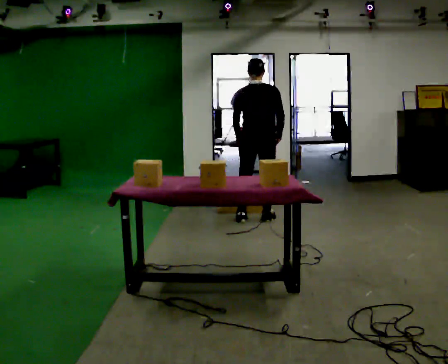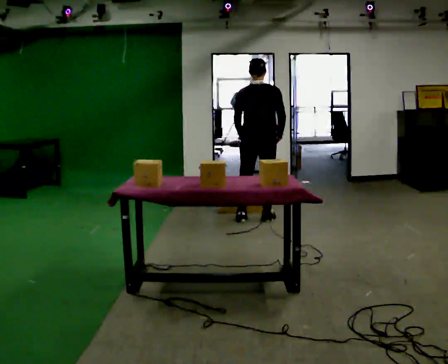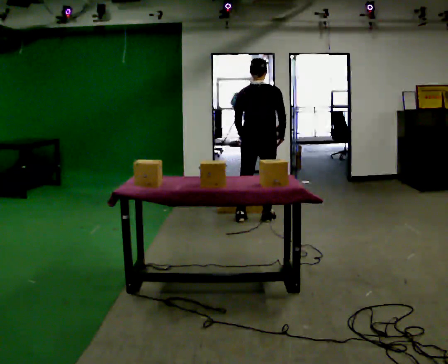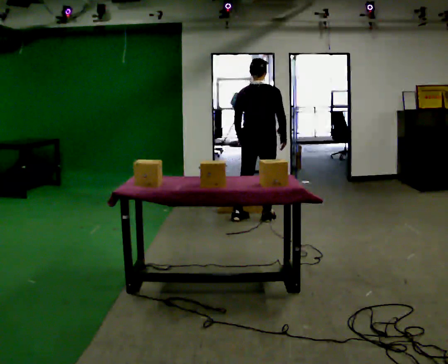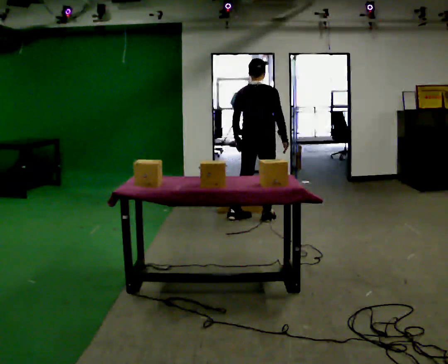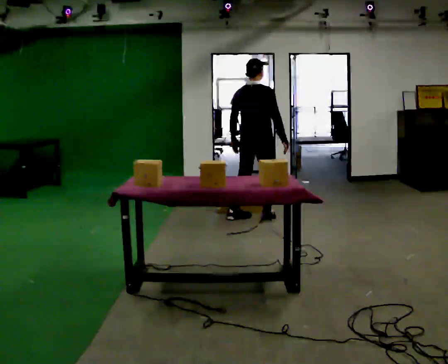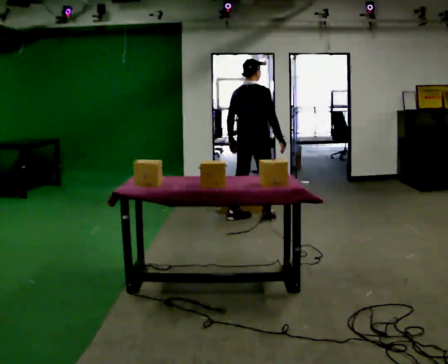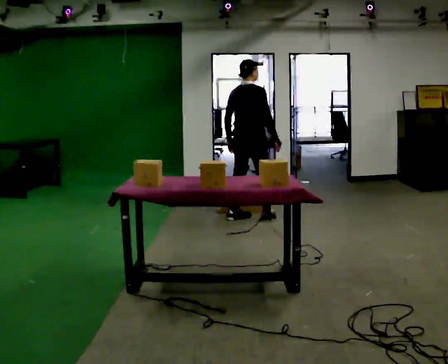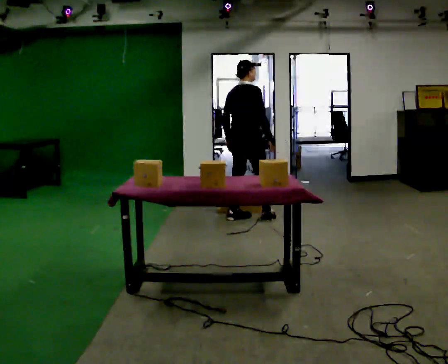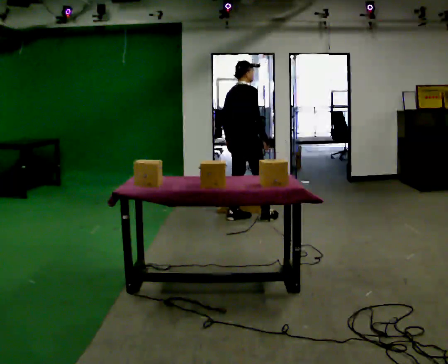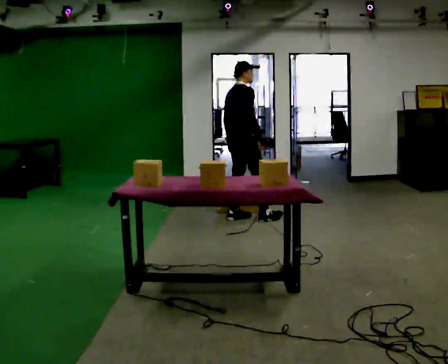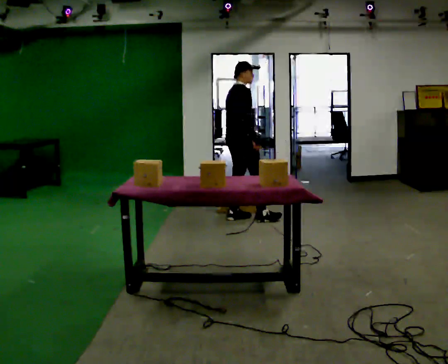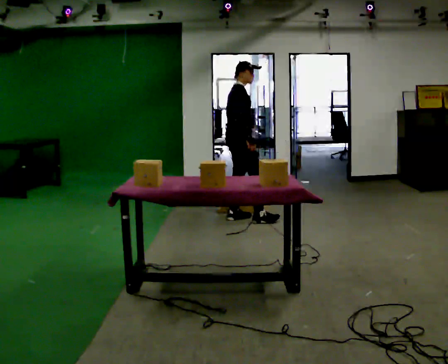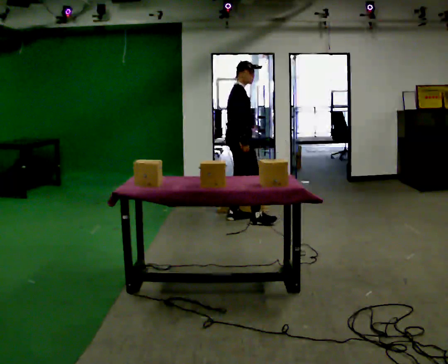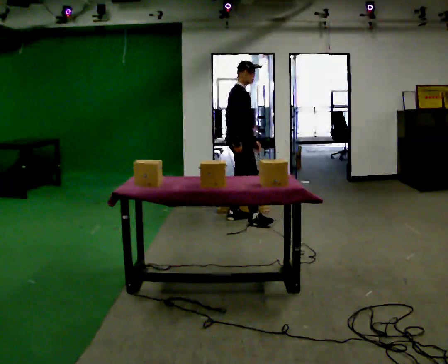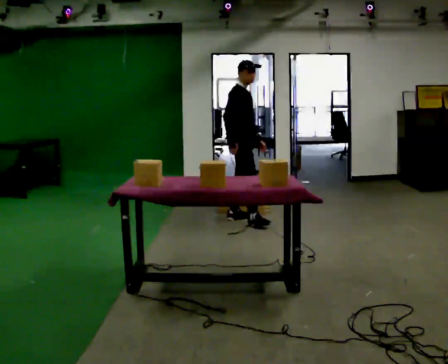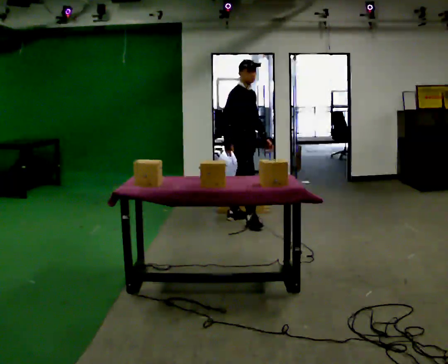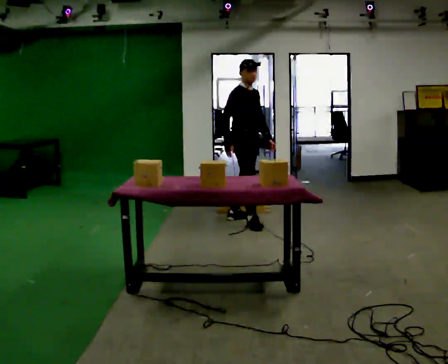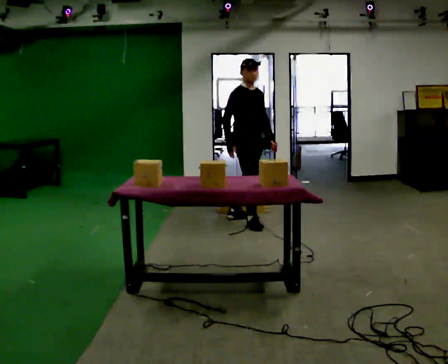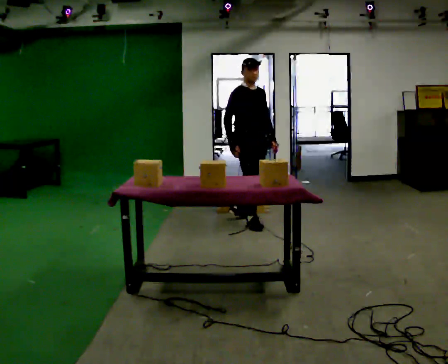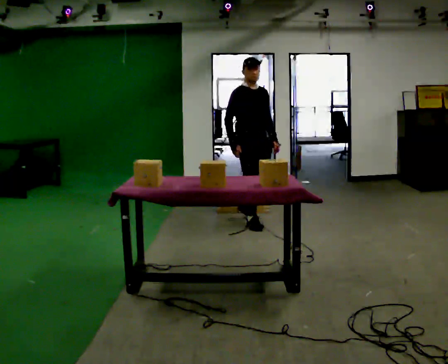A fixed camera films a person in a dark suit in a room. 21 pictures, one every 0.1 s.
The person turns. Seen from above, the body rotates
clockwise.
The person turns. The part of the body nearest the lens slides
to the left.
0.0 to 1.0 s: Seen from above the body turns clockwise, about 60 degrees: to their right, with its near side sliding to the left. In the picture they go to the left, about 0.25 m, which for them is to their left.
1.0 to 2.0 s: The part of the body nearest the lens slides to the left as the person turns to their right by about 75 degrees. In the picture they go toward the camera, about 0.25 m in 1 step.
The film runs forward here.
